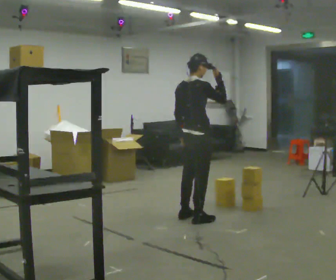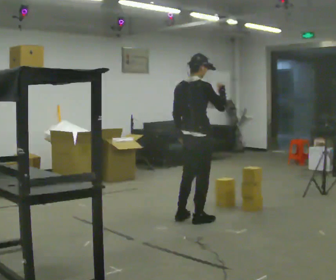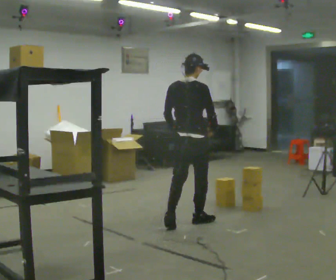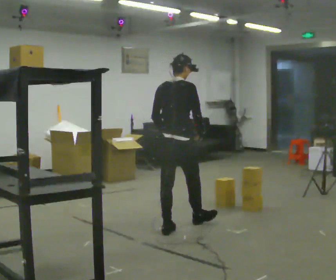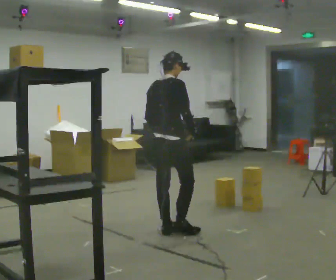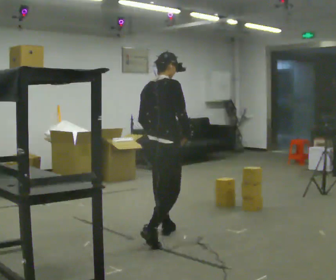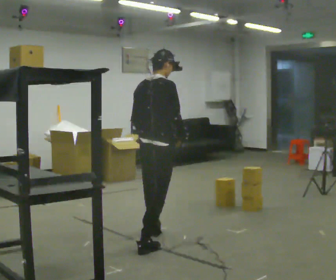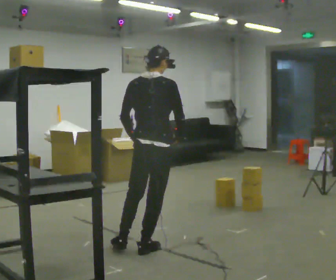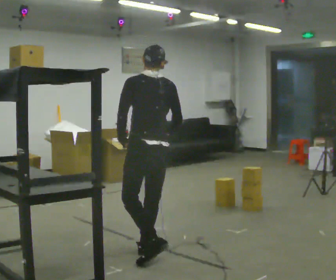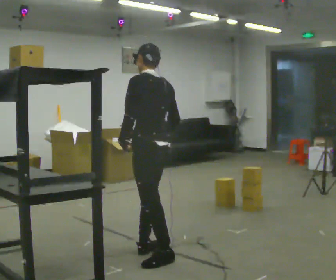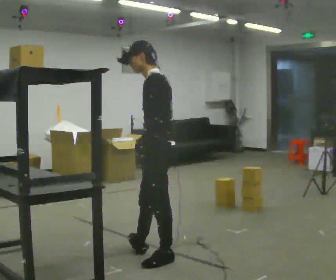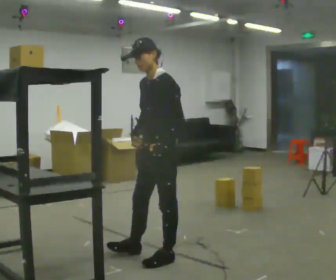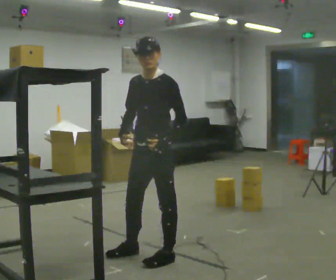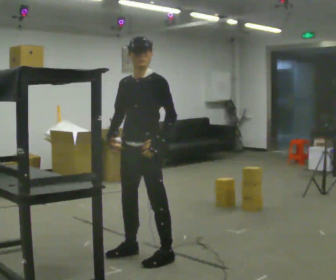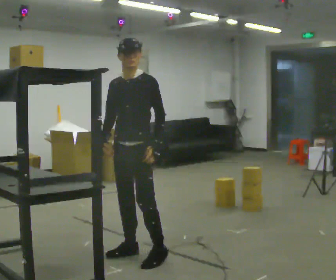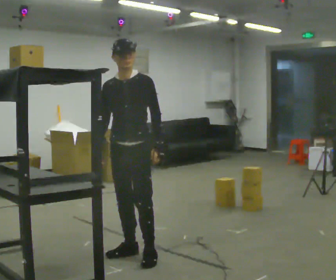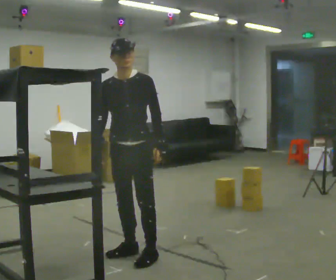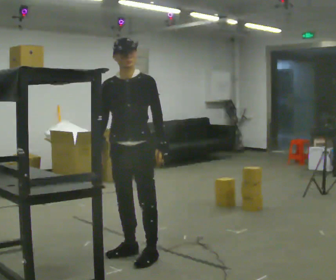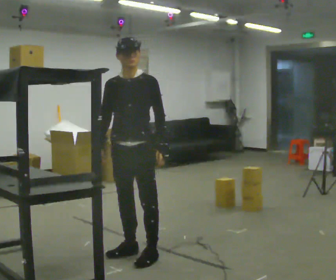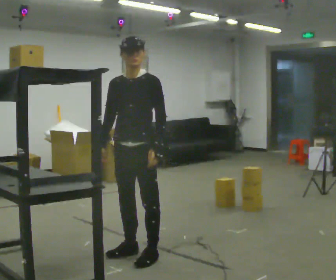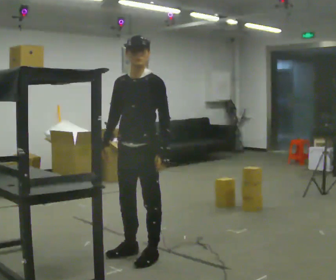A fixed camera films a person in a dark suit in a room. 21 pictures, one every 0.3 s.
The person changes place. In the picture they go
toward the camera.
0.0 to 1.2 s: In the picture they go toward the camera and to the left, about 0.5 m in 2 steps, which for them is backward. In the picture their right hand goes downward.
1.2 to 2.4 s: Seen from above the body turns counterclockwise, about 60 degrees: to their left, with its near side sliding to the right. In the picture they go toward the camera, about 0.75 m in 1 step.
2.4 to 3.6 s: The person turns about 120 degrees to their left, counterclockwise seen from above, so the part of the body nearest the lens slides to the right. In the picture their right hand goes to the left, the arm swinging clockwise.
3.6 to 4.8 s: The part of the body nearest the lens slides to the right as the person turns to their left by about 30 degrees. In the picture they go to the left, about 0.25 m, which for them is to their right.
4.8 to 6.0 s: The person moves a little, or ends about where they began.
The film runs backward here.
